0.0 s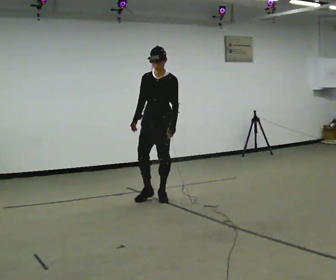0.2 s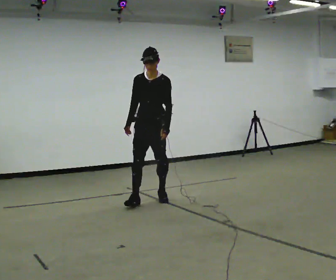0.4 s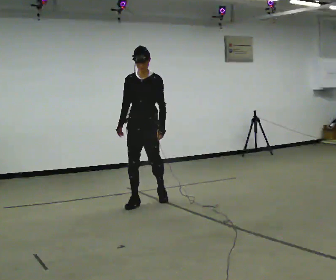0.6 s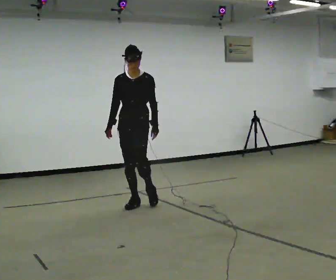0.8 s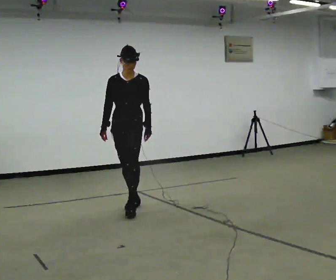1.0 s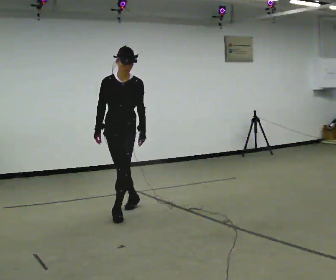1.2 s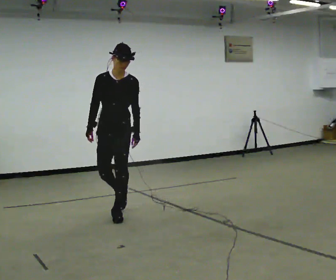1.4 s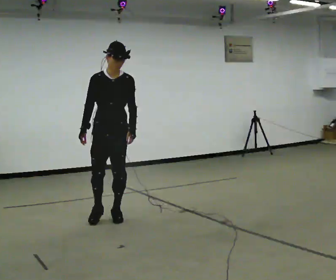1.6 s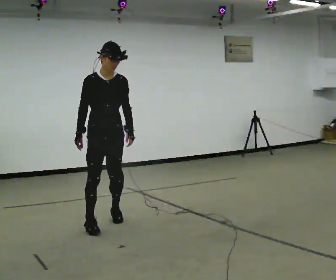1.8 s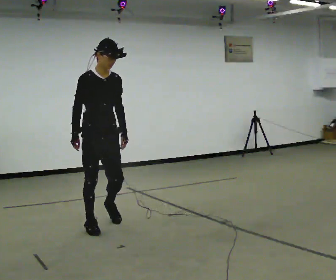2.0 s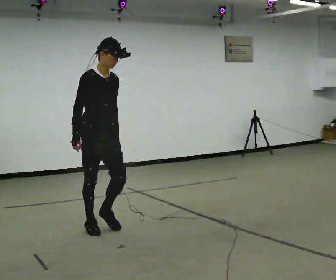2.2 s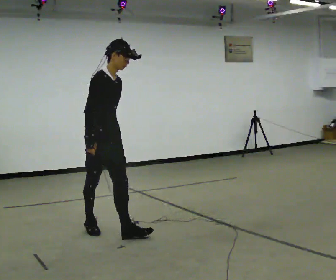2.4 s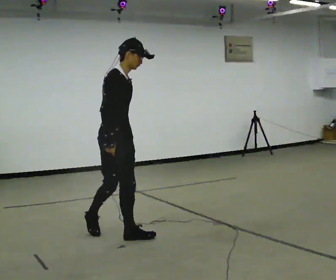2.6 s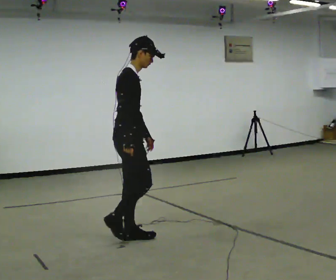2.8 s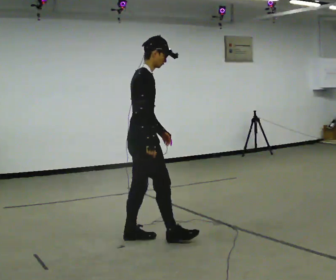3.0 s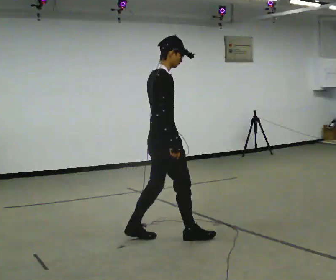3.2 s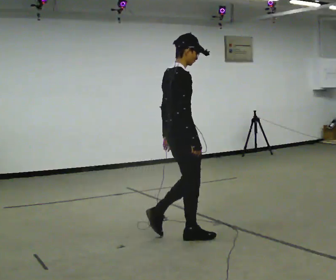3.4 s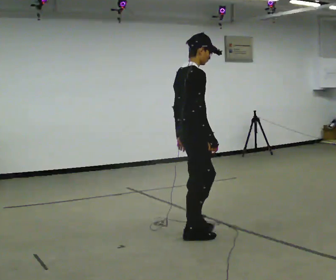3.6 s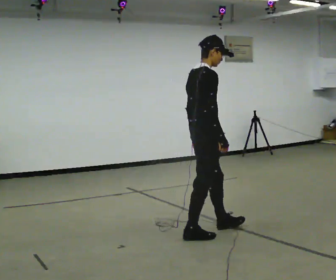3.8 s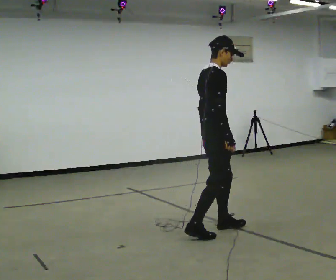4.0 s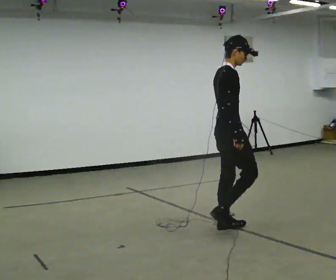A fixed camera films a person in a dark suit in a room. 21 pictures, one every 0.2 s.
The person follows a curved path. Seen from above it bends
counterclockwise.
The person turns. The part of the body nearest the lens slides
to the right.
0.0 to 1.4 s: In the picture they go toward the camera and to the left, about 1 m in 2 steps, which for them is forward and to their right.
1.4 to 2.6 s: The person turns about 75 degrees to their left, counterclockwise seen from above, so the part of the body nearest the lens slides to the right. In the picture they go toward the camera, about 0.75 m in 2 steps.
2.6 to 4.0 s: In the picture they go to the right, about 1 m in 2 steps, which for them is forward.
The film runs forward here.
